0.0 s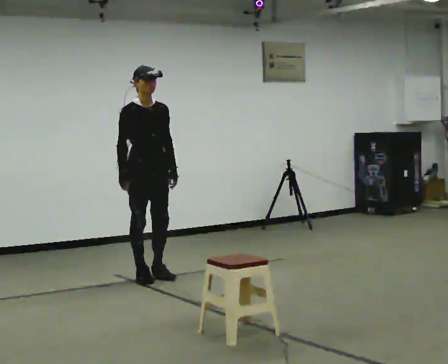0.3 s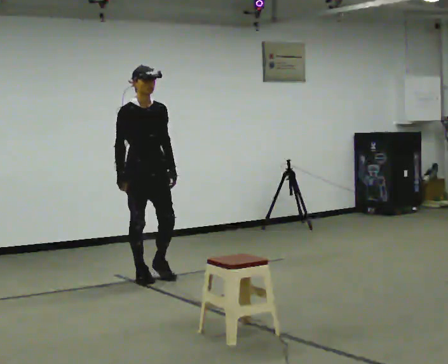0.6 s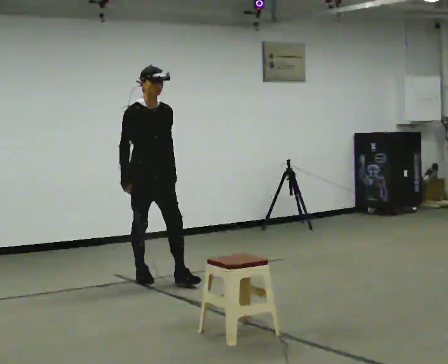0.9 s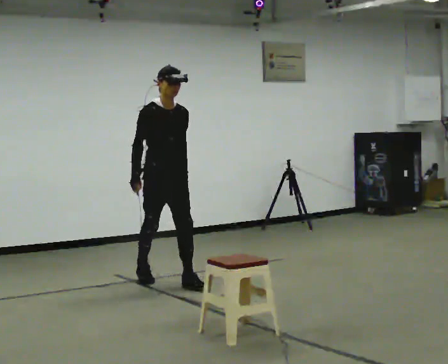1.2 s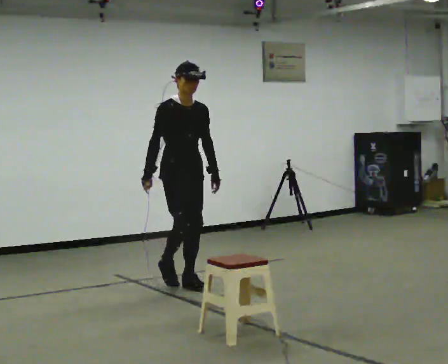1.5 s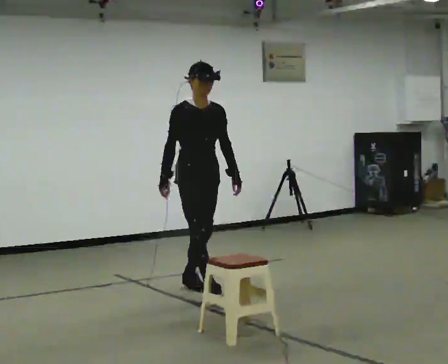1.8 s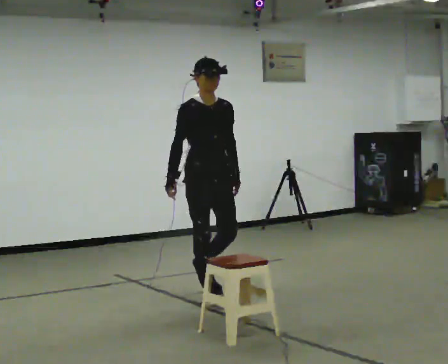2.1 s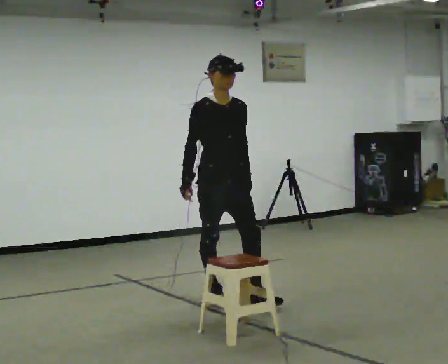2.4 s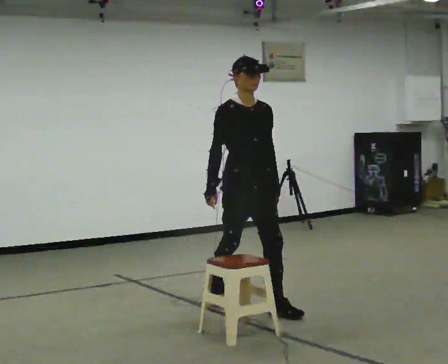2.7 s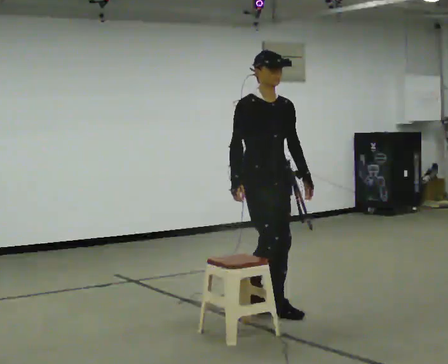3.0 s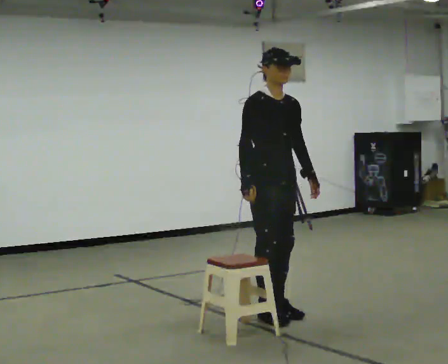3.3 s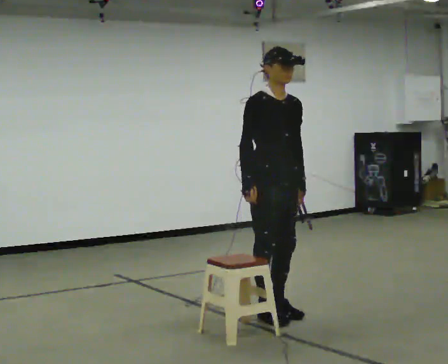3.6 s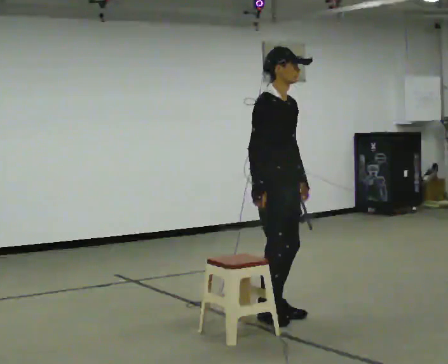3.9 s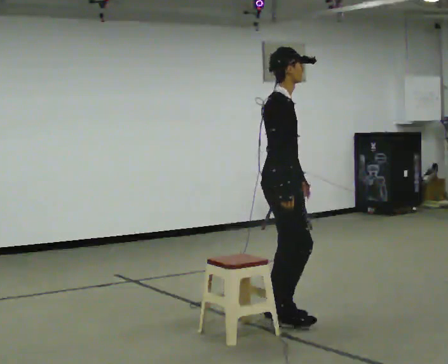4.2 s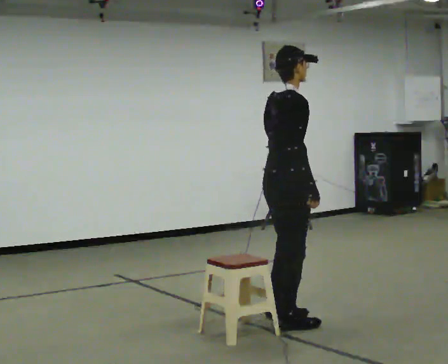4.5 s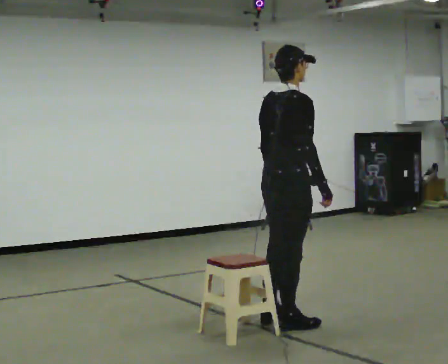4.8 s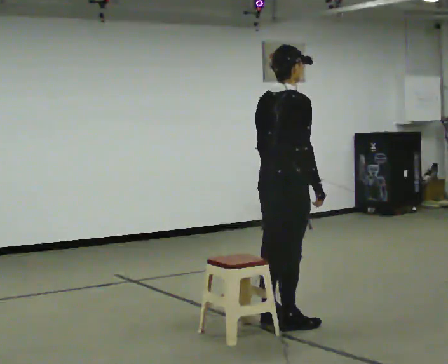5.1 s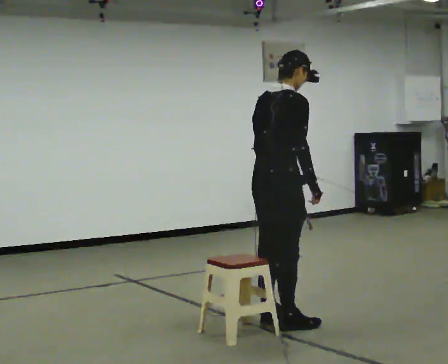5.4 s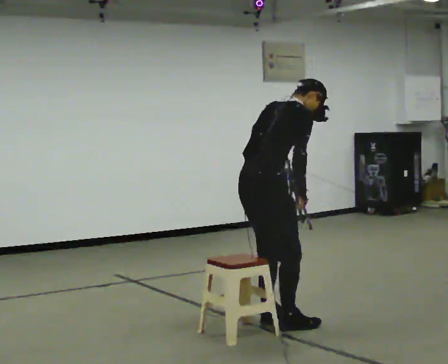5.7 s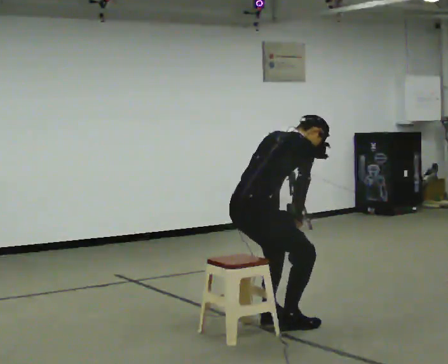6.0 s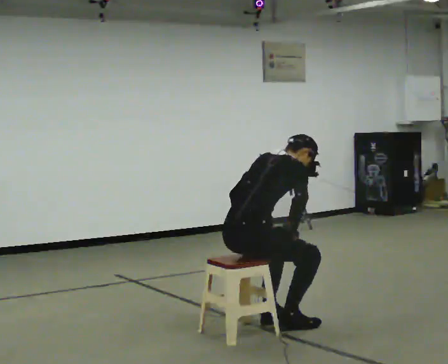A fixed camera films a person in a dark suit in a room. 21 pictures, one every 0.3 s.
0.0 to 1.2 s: In the picture they go to the right and toward the camera, about 0.5 m in 1 step, which for them is forward.
1.2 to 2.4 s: In the picture they go toward the camera and to the right, about 1 m in 2 steps, which for them is forward.
2.4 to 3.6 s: The part of the body nearest the lens slides to the right as the person turns to their left by about 30 degrees. In the picture they go toward the camera and to the right, about 0.25 m in 1 step, which for them is forward.
3.6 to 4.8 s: The person turns about 75 degrees to their left, counterclockwise seen from above, so the part of the body nearest the lens slides to the right. In the picture they go toward the camera, about 0.25 m in 2 steps. In the picture their right hand goes to the right.
4.8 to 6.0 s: In the picture they go to the left, about 0.25 m, which for them is backward. The upper body goes downward. In the picture the upper body tilts clockwise, shoulders to the right, as they bend forward.
The film runs forward here.
